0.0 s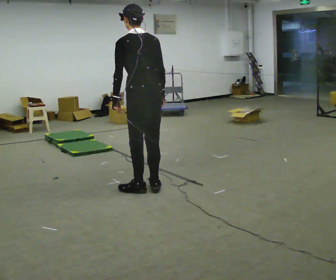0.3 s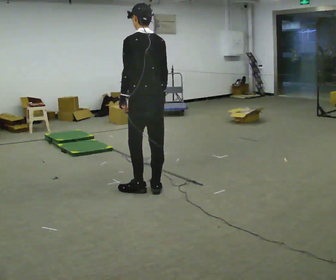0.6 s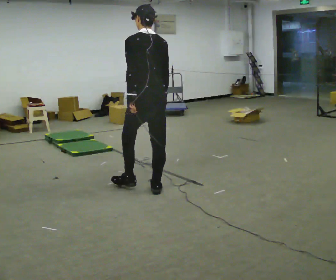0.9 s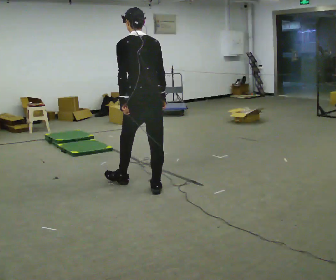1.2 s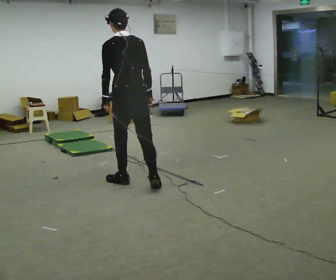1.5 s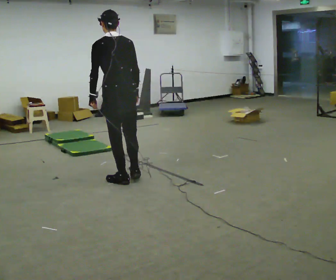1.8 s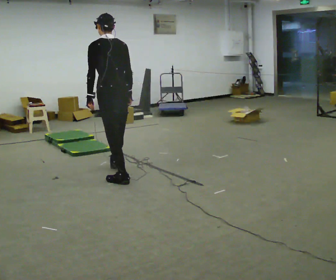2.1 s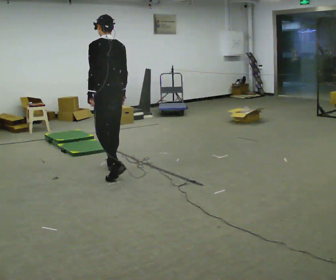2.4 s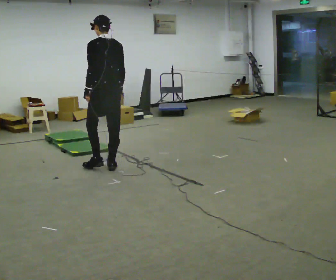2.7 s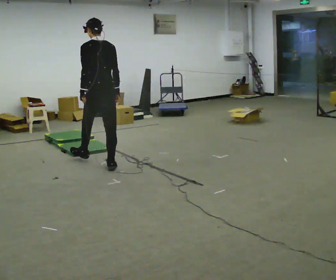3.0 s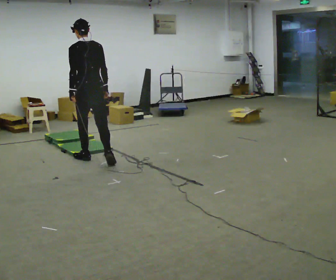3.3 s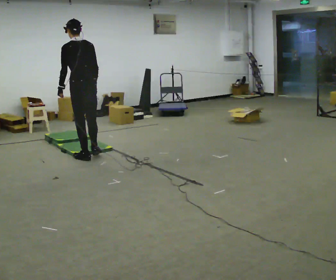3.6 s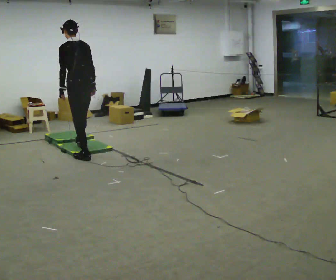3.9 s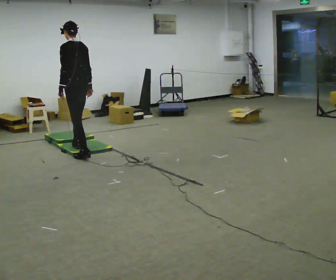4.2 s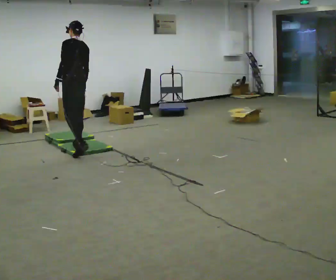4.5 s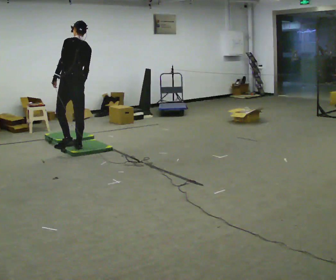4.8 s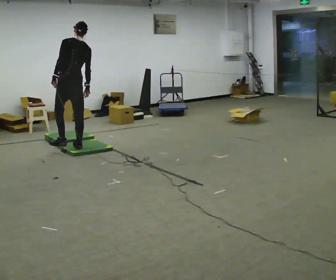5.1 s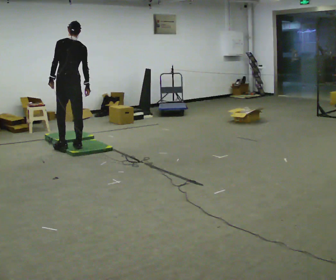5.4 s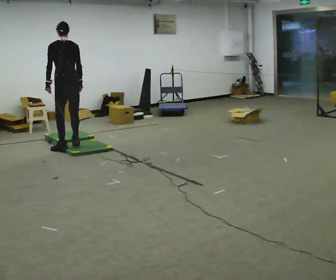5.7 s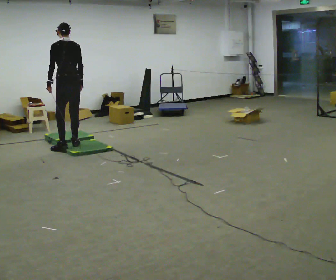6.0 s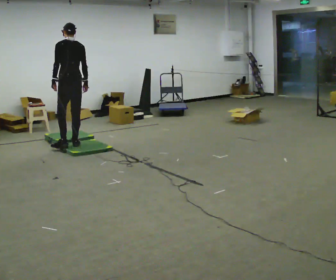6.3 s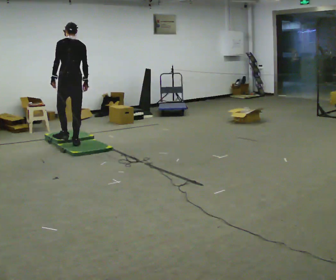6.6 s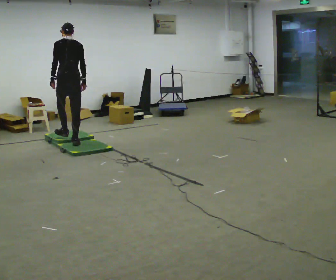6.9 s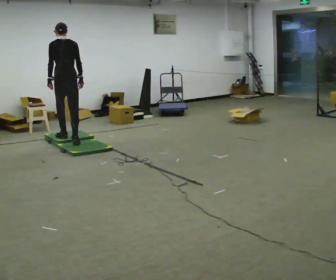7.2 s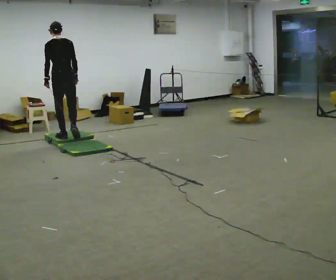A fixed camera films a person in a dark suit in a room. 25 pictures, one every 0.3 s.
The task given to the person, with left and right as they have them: Walk across the mats at a normal pace. They may not all feel the same underfoot. Carry on afterwards.
0.0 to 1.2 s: In the picture they go away from the camera, about 0.25 m in 1 step, which for them is forward.
1.2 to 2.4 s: In the picture they go away from the camera, about 0.5 m in 1 step, which for them is forward.
2.4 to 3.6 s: In the picture they go away from the camera and to the left, about 0.5 m in 1 step, which for them is forward.
3.6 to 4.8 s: In the picture they go away from the camera, about 0.5 m in 1 step, which for them is forward. In the picture the upper body tilts clockwise, shoulders to the right.
4.8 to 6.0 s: In the picture they go away from the camera, about 0.25 m in 1 step, which for them is forward.
6.0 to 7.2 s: In the picture they go away from the camera, about 0.25 m in 1 step, which for them is forward.
The film runs forward here.
